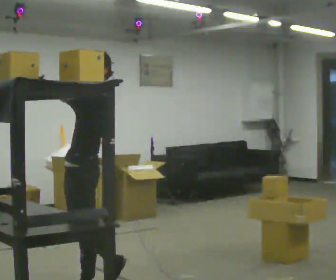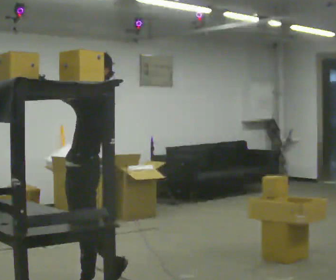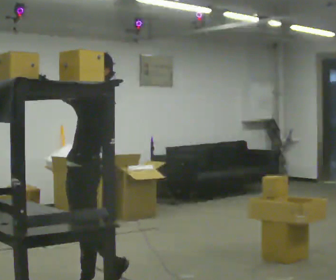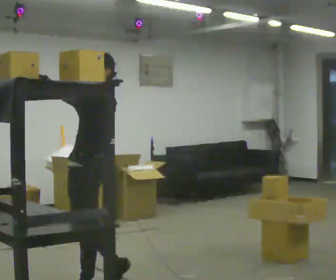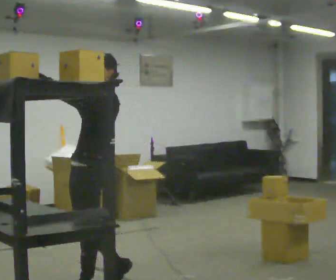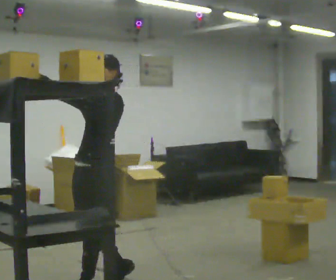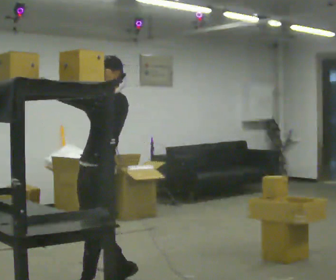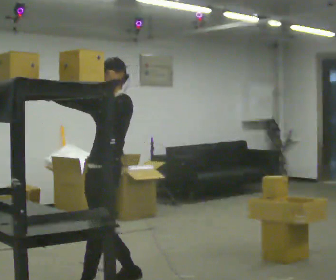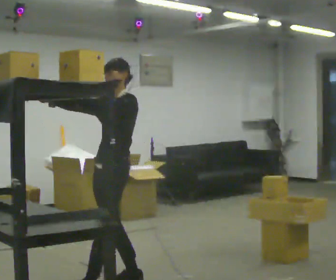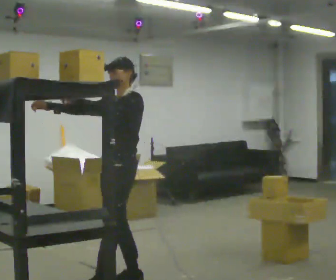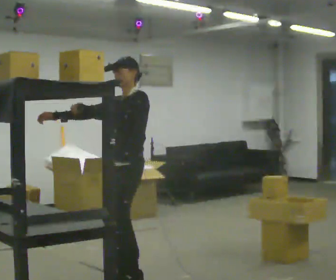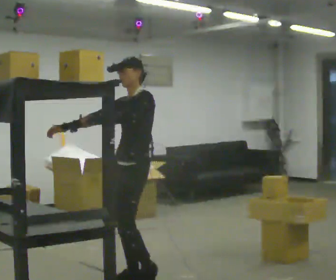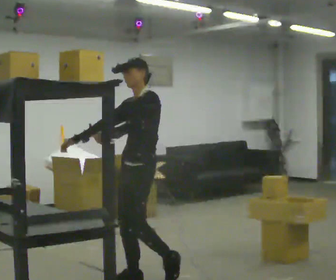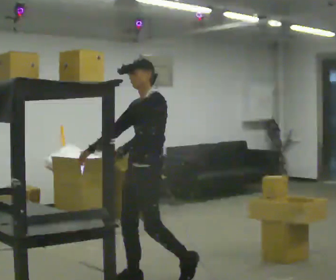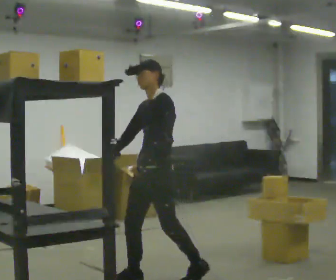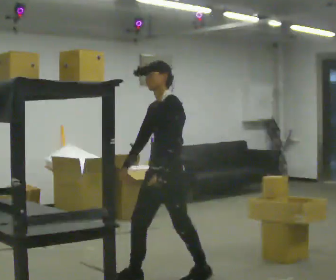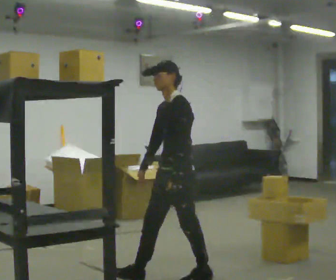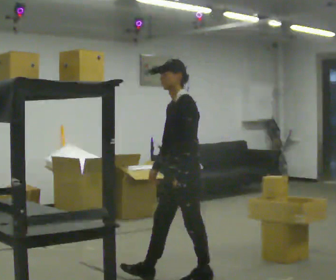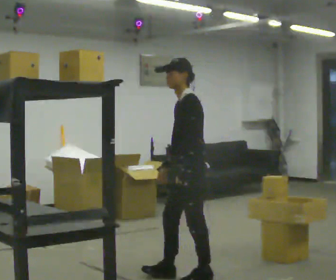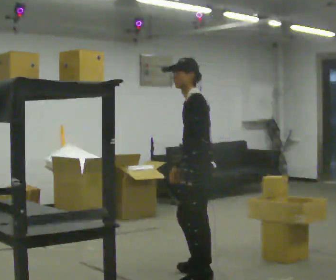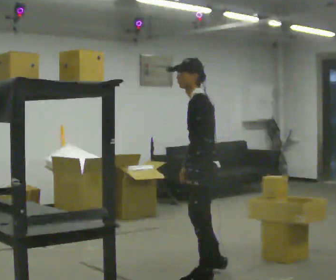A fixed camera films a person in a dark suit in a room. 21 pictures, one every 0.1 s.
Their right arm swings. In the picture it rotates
counterclockwise.
Their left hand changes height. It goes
downward.
0.0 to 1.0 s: In the picture they go away from the camera and to the right, about 0.5 m in 1 step, which for them is backward.
1.0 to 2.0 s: Seen from above the body turns clockwise, about 45 degrees: to their right, with its near side sliding to the left. In the picture they go to the right, about 0.5 m in 1 step, which for them is backward. In the picture their right hand goes downward, the arm swinging counterclockwise.
The film runs backward here.
